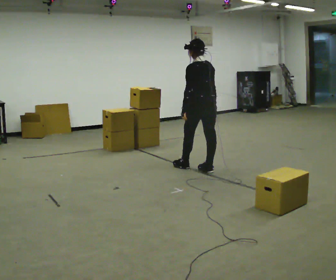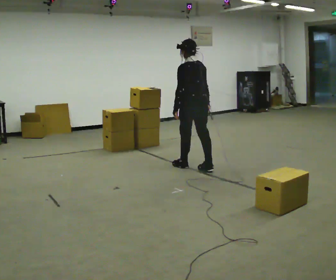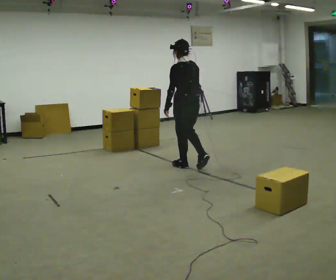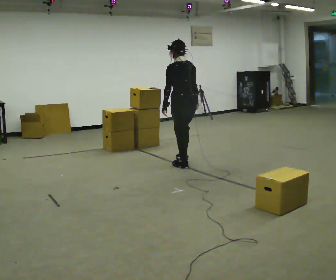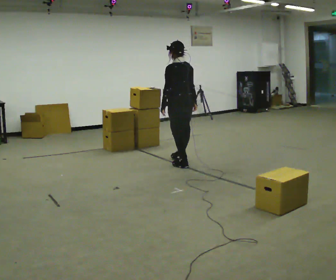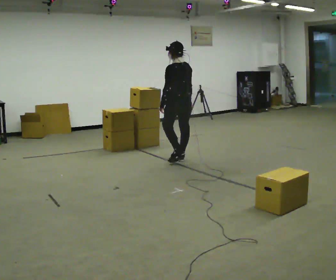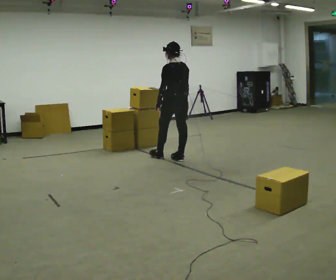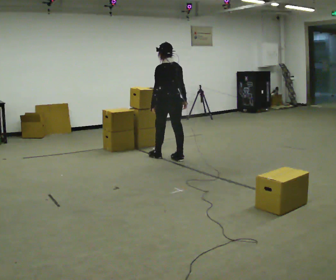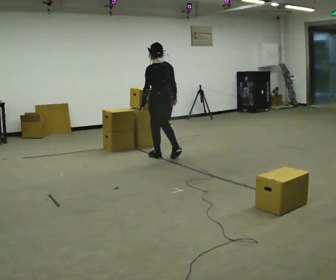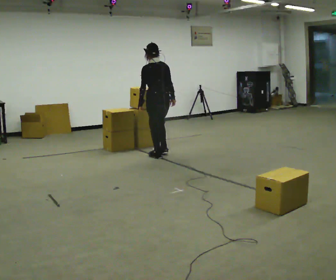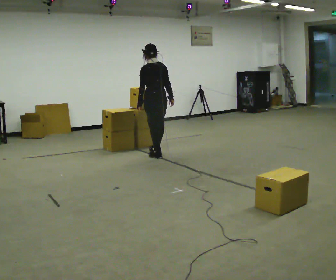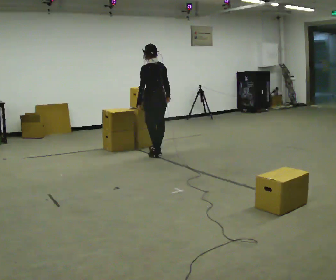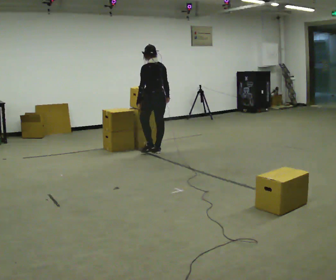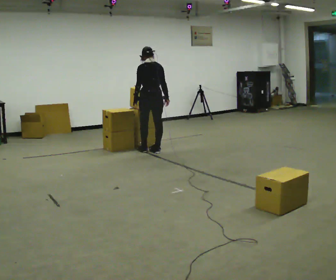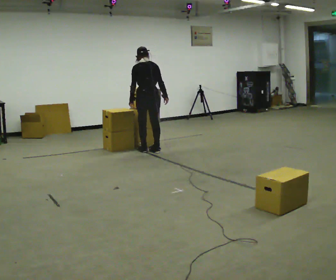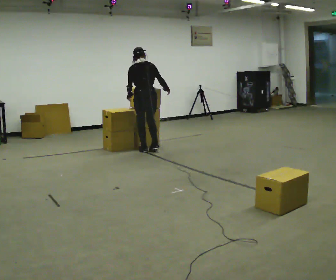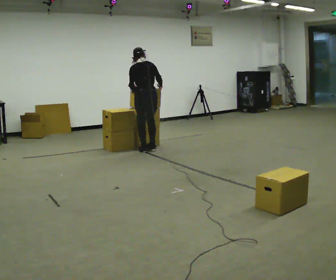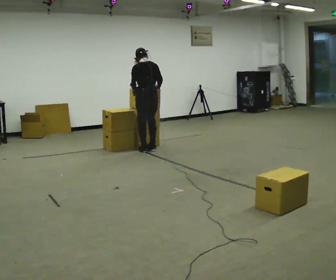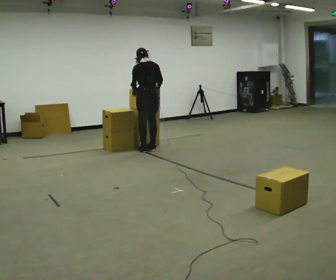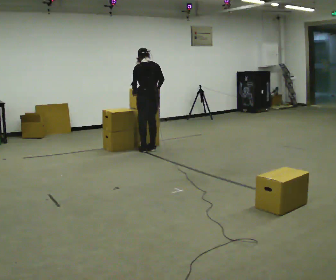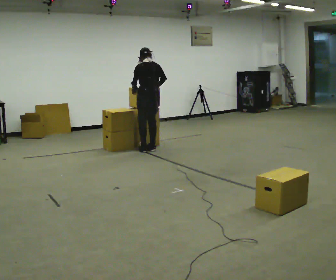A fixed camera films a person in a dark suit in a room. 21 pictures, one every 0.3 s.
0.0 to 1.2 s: In the picture they go away from the camera and to the left, about 0.5 m in 2 steps, which for them is forward.
1.2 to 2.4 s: In the picture they go away from the camera and to the left, about 0.5 m in 1 step, which for them is forward.
2.4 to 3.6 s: In the picture they go away from the camera, about 0.25 m in 1 step, which for them is forward.
3.6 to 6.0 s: In the picture they go away from the camera, about 0.25 m in 2 steps, which for them is forward.
The film runs forward here.
